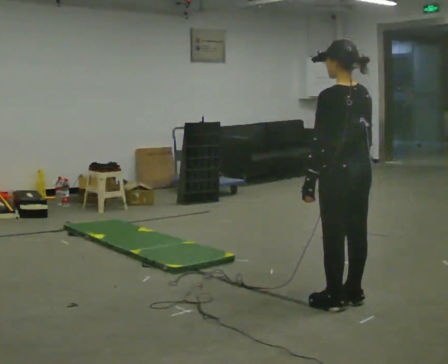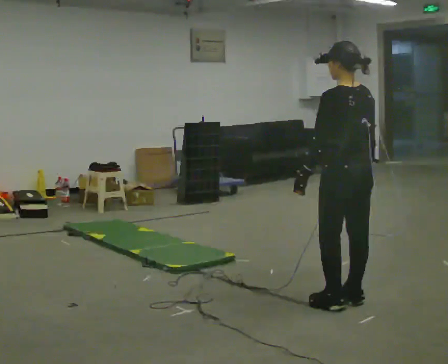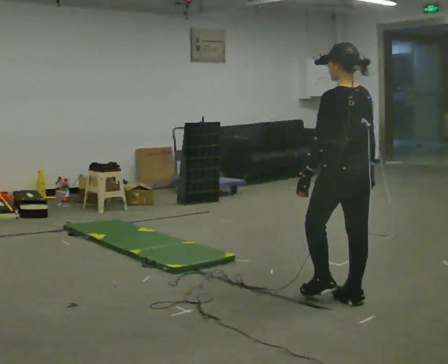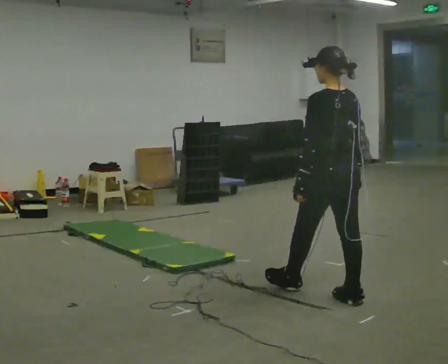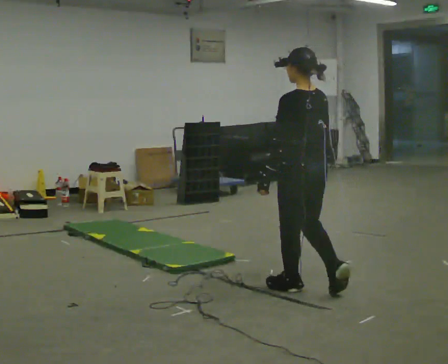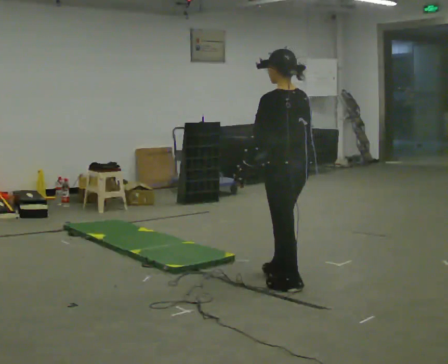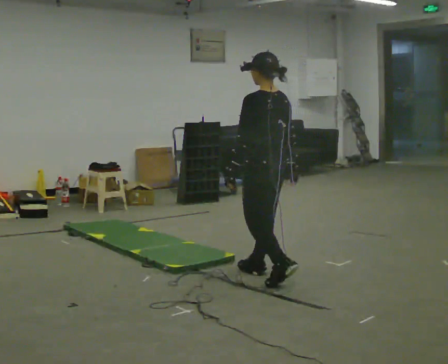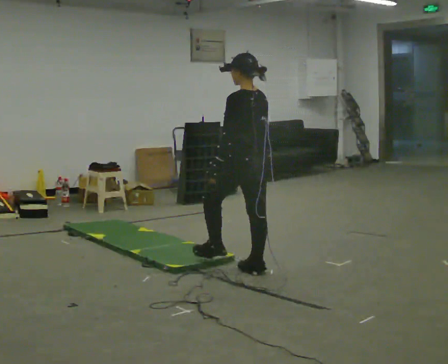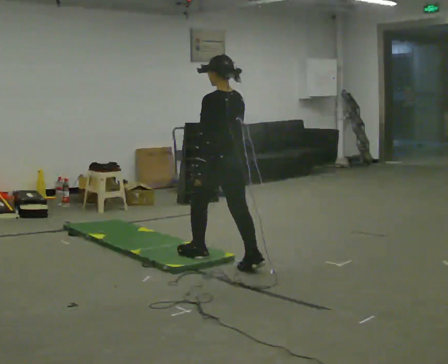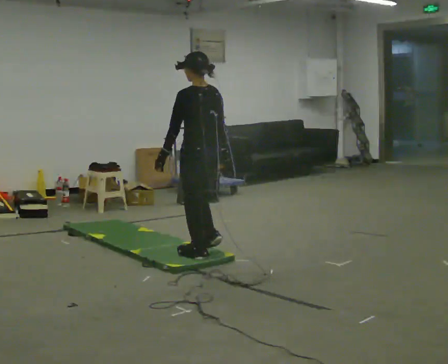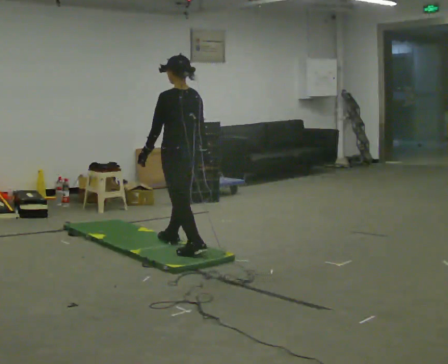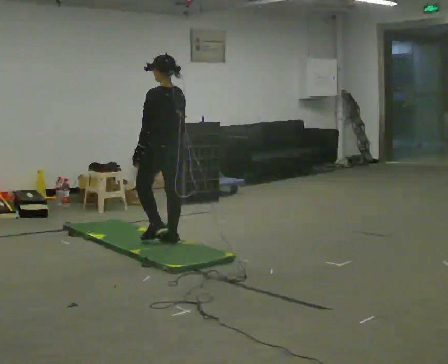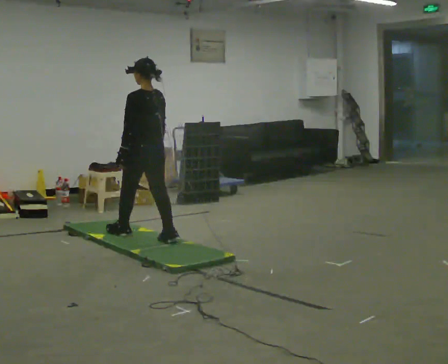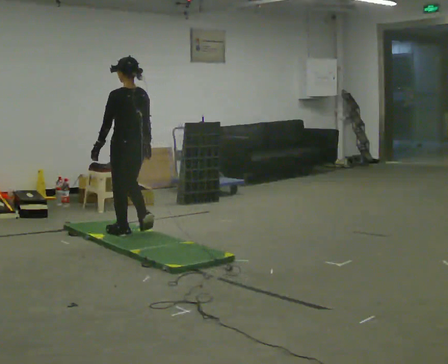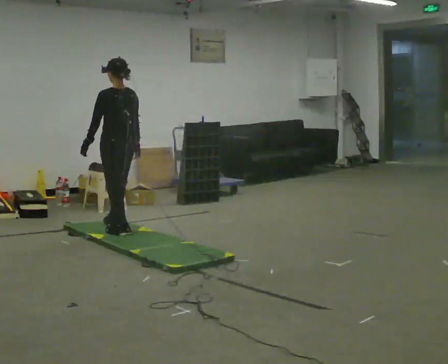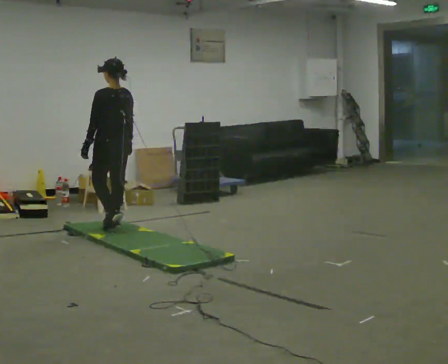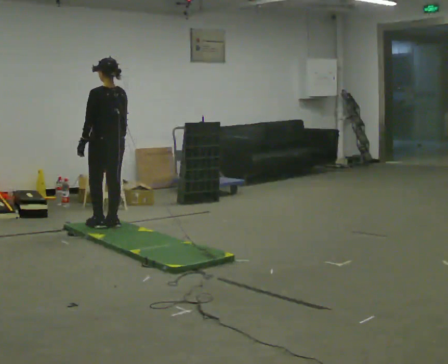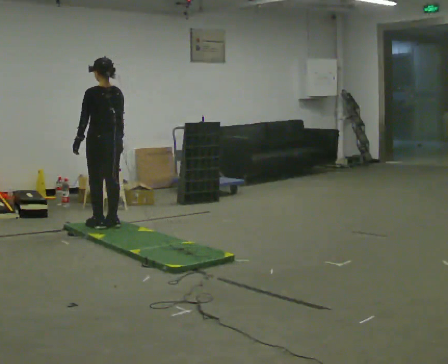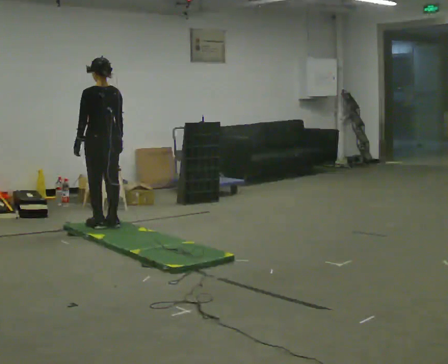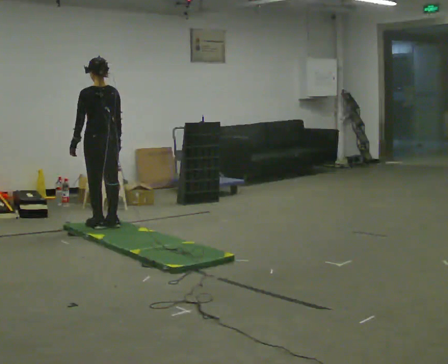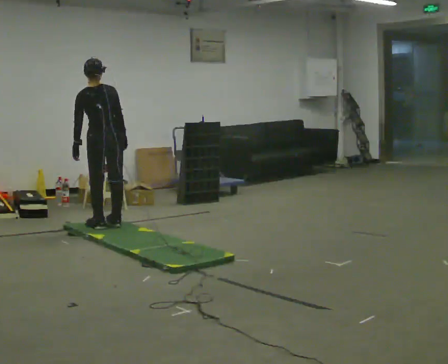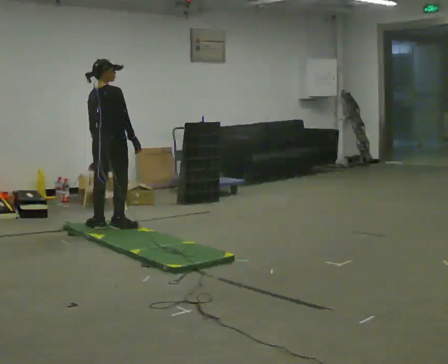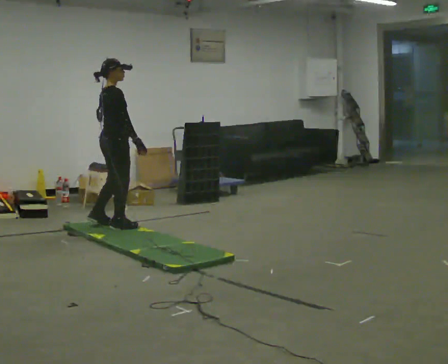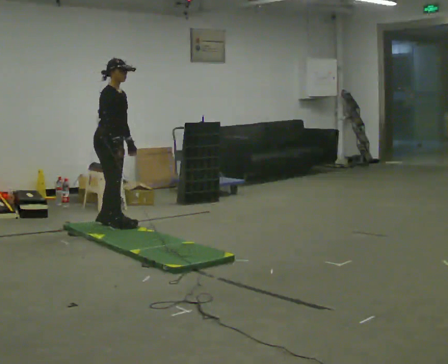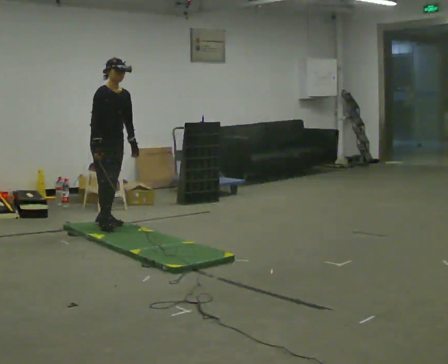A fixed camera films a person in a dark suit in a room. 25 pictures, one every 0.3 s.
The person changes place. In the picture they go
away from the camera.
The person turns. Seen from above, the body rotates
clockwise.
0.0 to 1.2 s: In the picture they go away from the camera and to the left, about 0.5 m in 1 step, which for them is forward.
1.2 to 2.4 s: In the picture they go away from the camera and to the left, about 1 m in 2 steps, which for them is forward.
2.4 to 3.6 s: In the picture they go away from the camera and to the left, about 1 m in 2 steps, which for them is forward.
3.6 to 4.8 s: In the picture they go away from the camera and to the left, about 0.5 m in 2 steps, which for them is forward.
4.8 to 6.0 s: The person turns about 30 degrees to their right, clockwise seen from above, so the part of the body nearest the lens slides to the left. In the picture the upper body tilts counterclockwise, shoulders to the left.
6.0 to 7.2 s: The person turns about 135 degrees to their right, clockwise seen from above, so the part of the body nearest the lens slides to the left. In the picture the upper body tilts clockwise, shoulders to the right.
The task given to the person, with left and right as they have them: Walk across the soft uneven mat at a comfortable speed; continue walking normally after you leave it.
The film runs forward here.
